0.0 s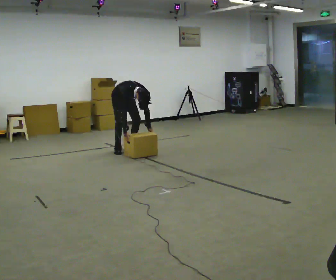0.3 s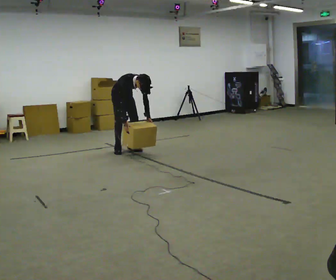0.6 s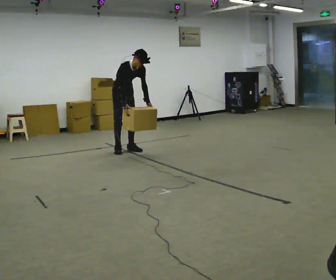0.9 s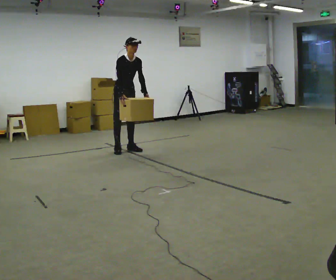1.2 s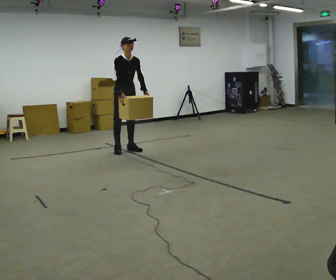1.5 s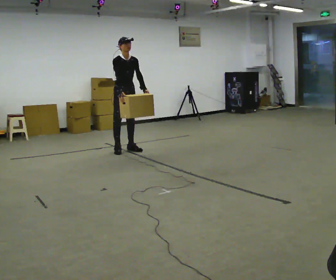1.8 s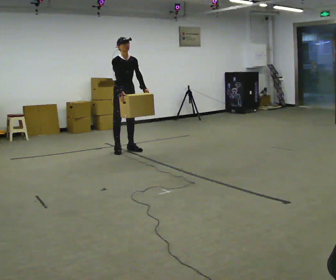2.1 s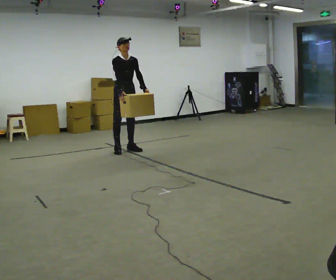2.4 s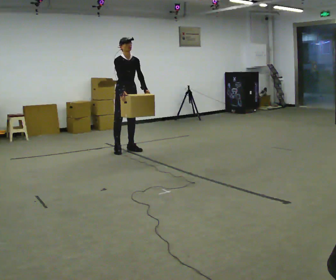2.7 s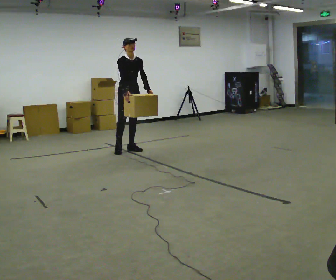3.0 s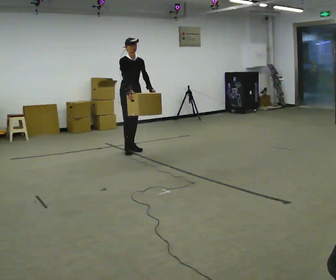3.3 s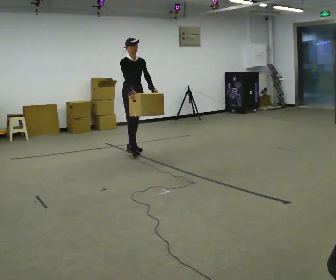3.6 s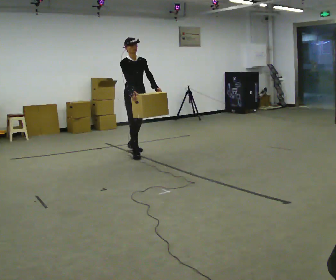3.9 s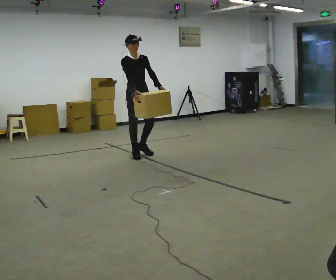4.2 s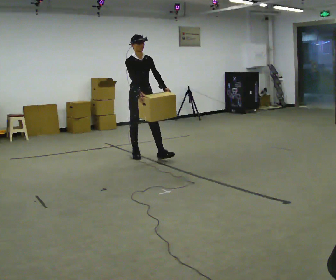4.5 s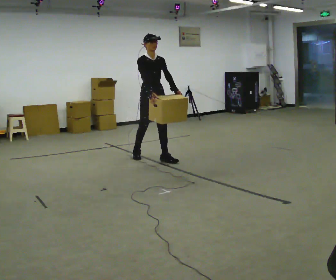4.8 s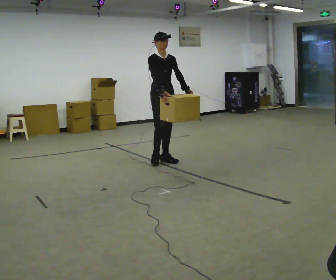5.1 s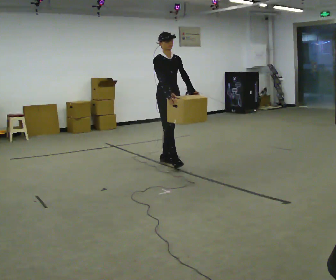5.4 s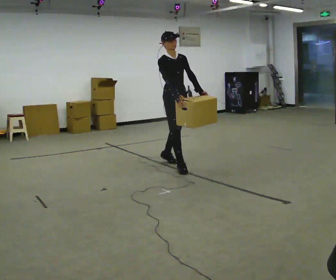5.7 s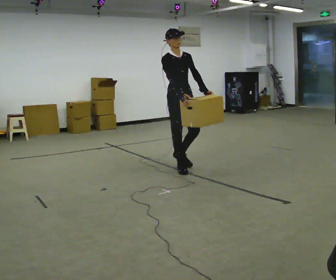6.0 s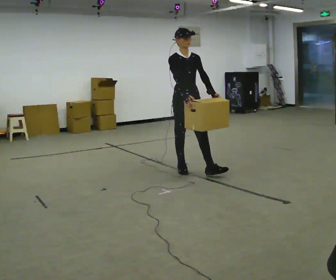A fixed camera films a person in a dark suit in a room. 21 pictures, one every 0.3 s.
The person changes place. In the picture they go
toward the camera.
The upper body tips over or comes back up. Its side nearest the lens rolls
upward.
0.0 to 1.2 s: The shoulders move upward. The upper body tips away from the camera, its near side rolling upward, as they lean back or straighten. In the picture their left hand goes upward.
1.2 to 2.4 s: The person moves a little, or ends about where they began.
2.4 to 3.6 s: In the picture they go toward the camera, about 0.25 m in 1 step, which for them is forward.
3.6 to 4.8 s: In the picture they go toward the camera and to the right, about 0.5 m in 1 step, which for them is forward.
4.8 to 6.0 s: In the picture they go toward the camera, about 0.75 m in 1 step, which for them is forward.
The film runs forward here.
